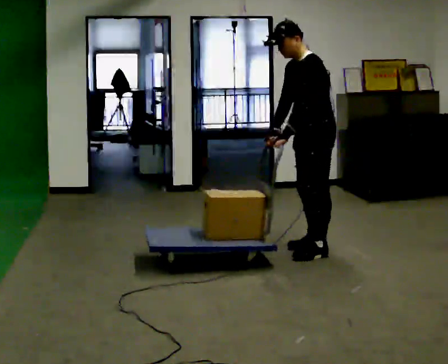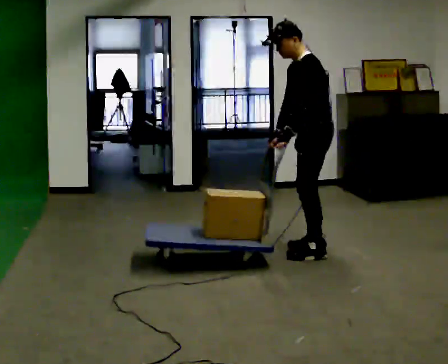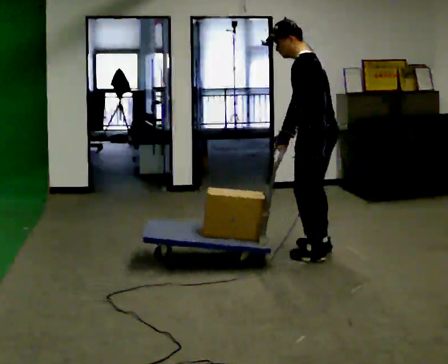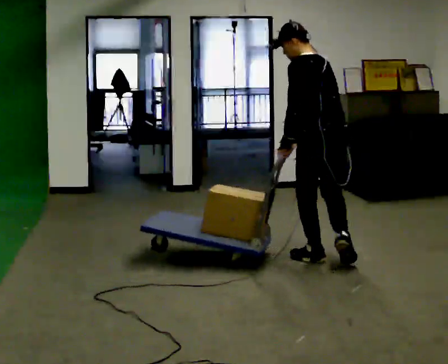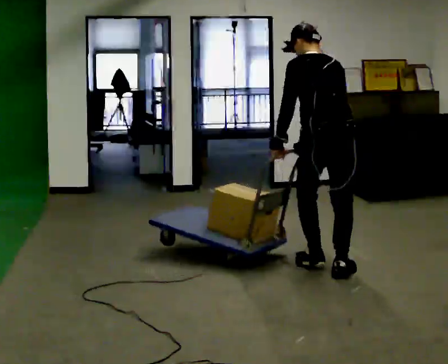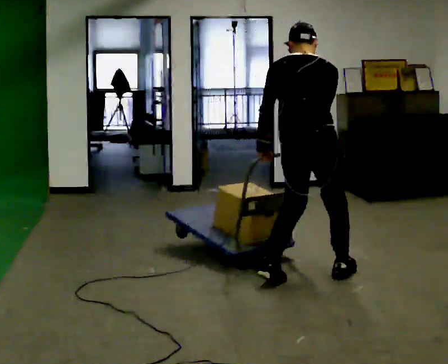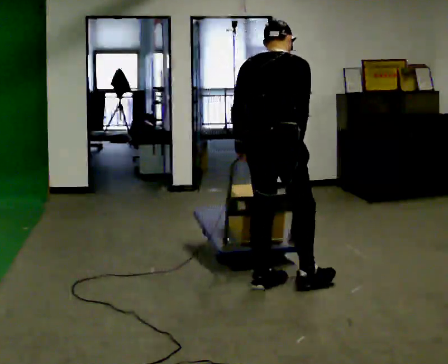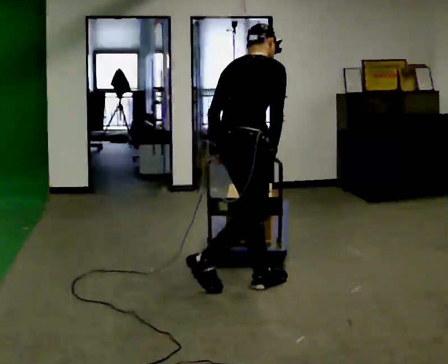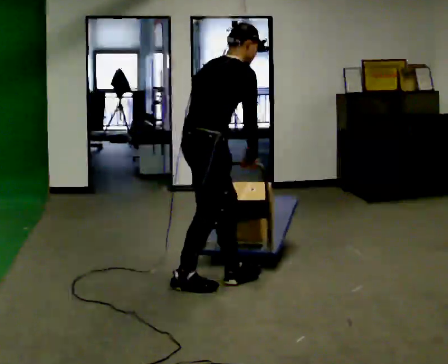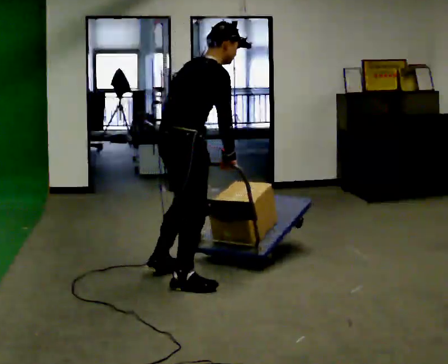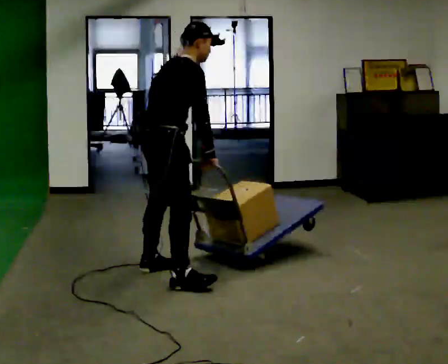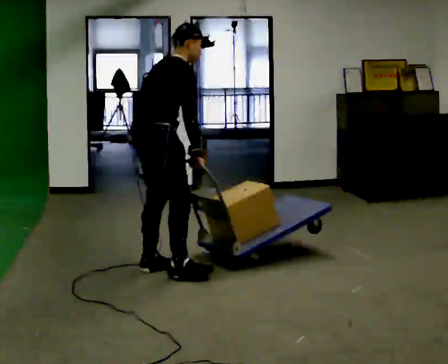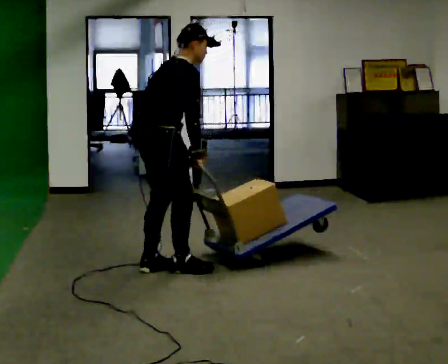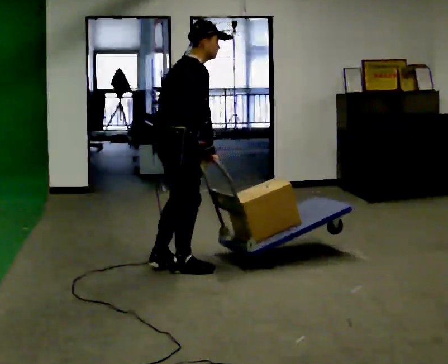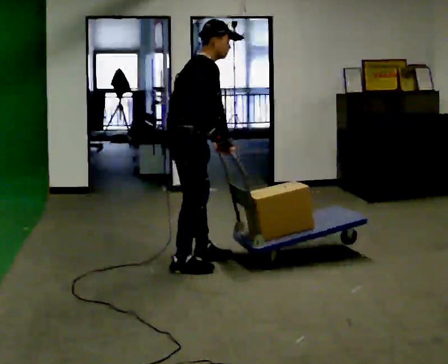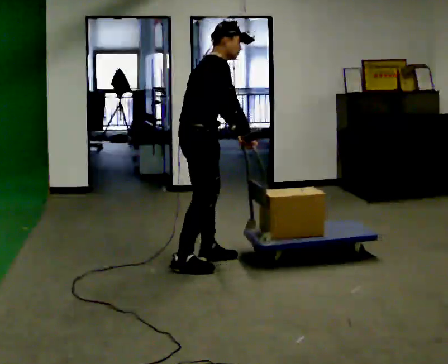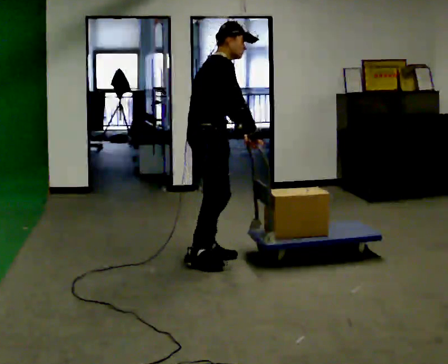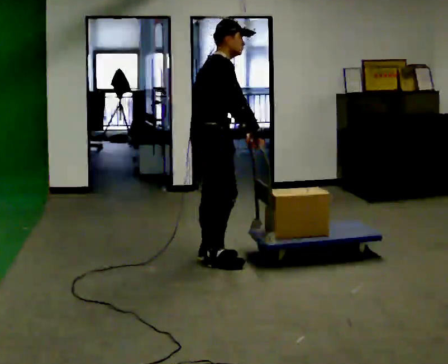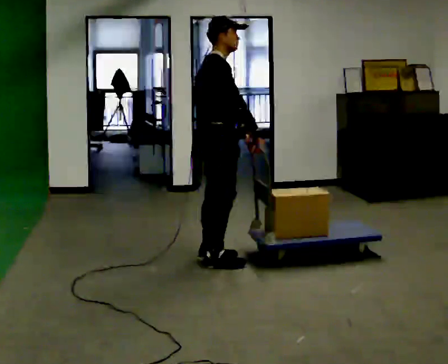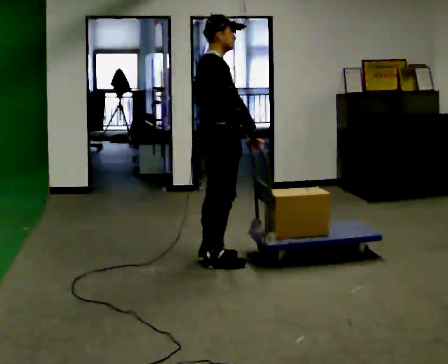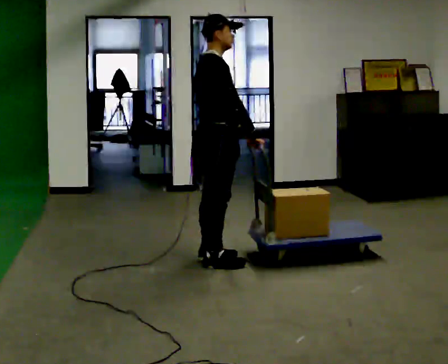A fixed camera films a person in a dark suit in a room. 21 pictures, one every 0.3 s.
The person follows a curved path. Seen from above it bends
clockwise.
The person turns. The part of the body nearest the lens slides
to the left.
0.0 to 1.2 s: The part of the body nearest the lens slides to the left as the person turns to their right by about 90 degrees. In the picture they go toward the camera, about 0.5 m in 3 steps. The upper body tips away from the camera, its near side rolling upward.
1.2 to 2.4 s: The person turns about 90 degrees to their right, clockwise seen from above, so the part of the body nearest the lens slides to the left. In the picture they go to the left, about 1 m in 2 steps. In the picture the upper body tilts clockwise, shoulders to the right.
2.4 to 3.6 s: In the picture they go away from the camera and to the left, about 0.5 m in 1 step, which for them is to their left and backward.
3.6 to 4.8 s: The part of the body nearest the lens slides to the left as the person turns to their right by about 30 degrees. In the picture they go to the right and away from the camera, about 0.5 m in 2 steps, which for them is forward and to their left.
4.8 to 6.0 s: In the picture the upper body tilts counterclockwise, shoulders to the left, as they lean back or straighten.
The film runs backward here.
